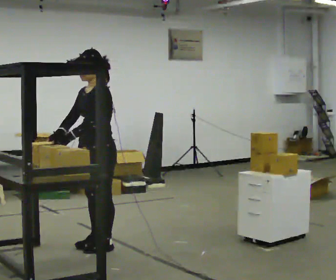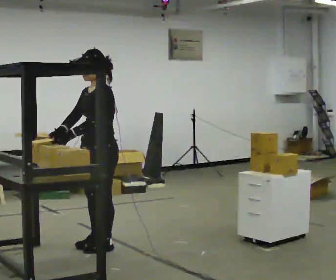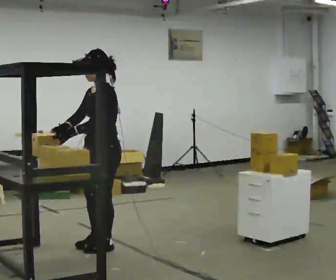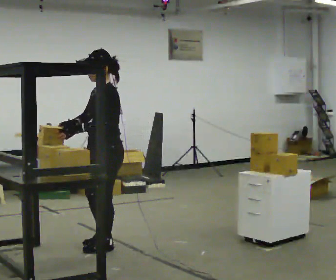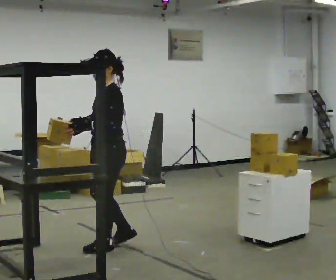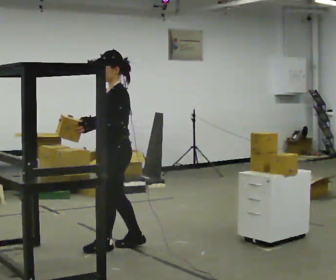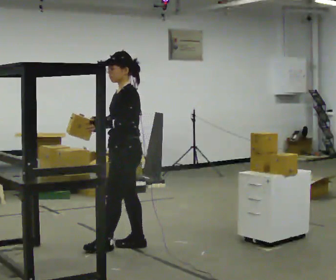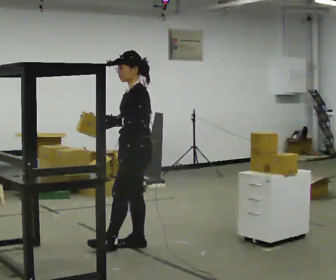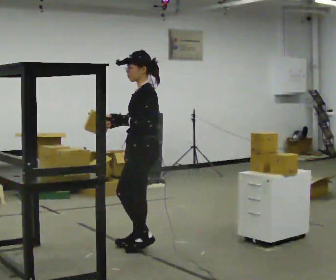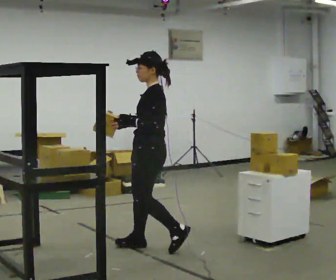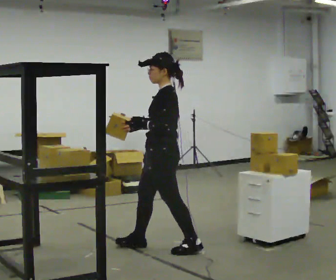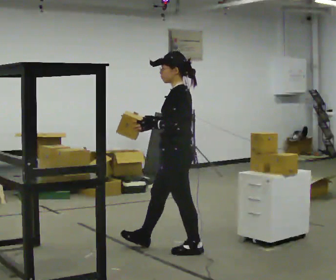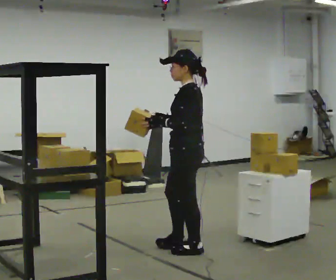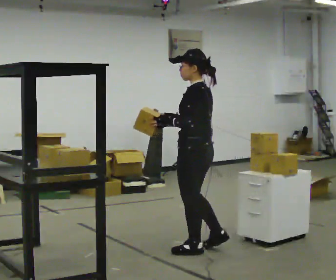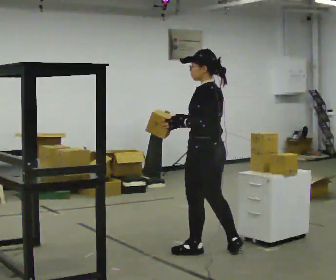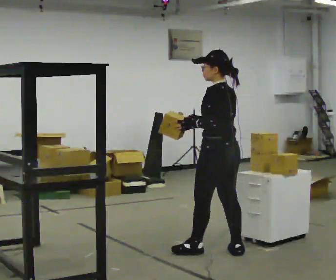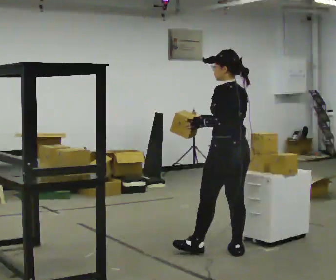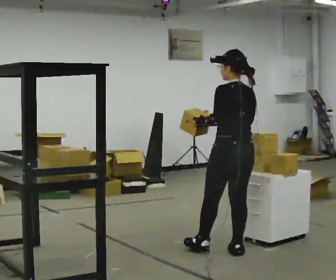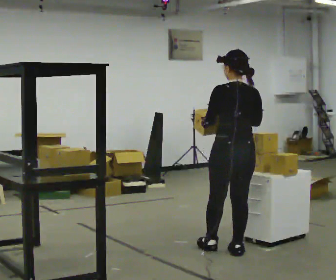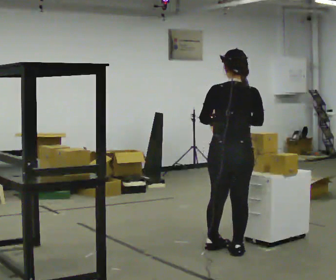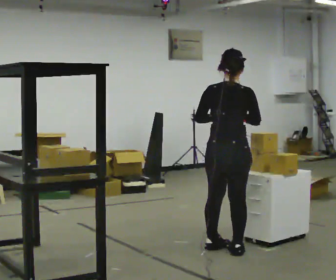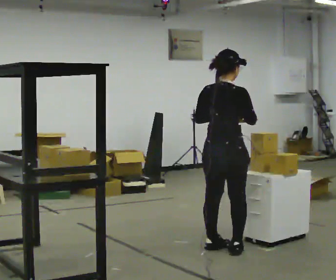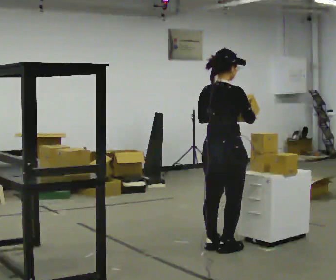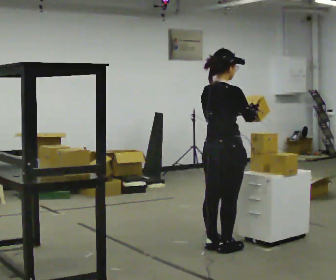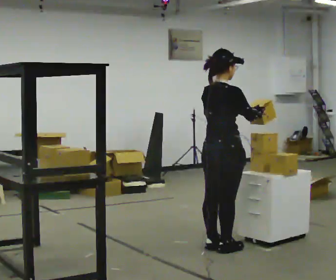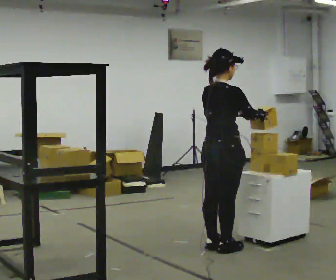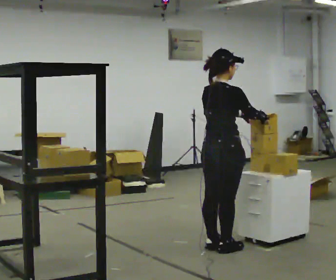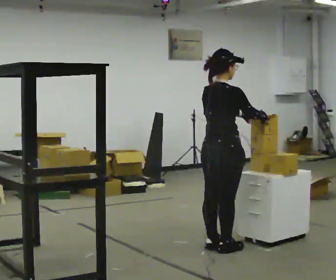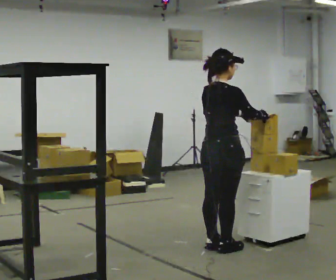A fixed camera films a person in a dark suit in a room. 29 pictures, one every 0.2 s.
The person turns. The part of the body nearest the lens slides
to the left.
The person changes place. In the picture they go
to the right.
0.0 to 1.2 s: In the picture they go to the right, about 0.25 m in 1 step, which for them is backward. In the picture their right hand goes to the right.
1.2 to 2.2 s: In the picture they go to the right, about 0.5 m in 2 steps, which for them is backward.
2.2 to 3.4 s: The person turns about 60 degrees to their right, clockwise seen from above, so the part of the body nearest the lens slides to the left. In the picture they go to the right, about 0.5 m, which for them is backward.
3.4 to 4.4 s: The part of the body nearest the lens slides to the left as the person turns to their right by about 75 degrees.
4.4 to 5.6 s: The person moves a little, or ends about where they began.
The film runs backward here.
